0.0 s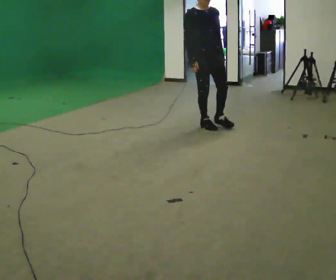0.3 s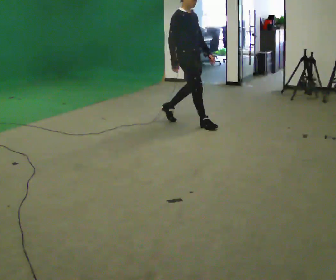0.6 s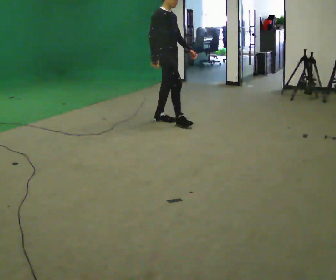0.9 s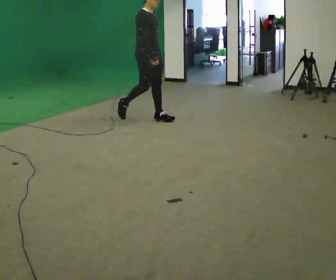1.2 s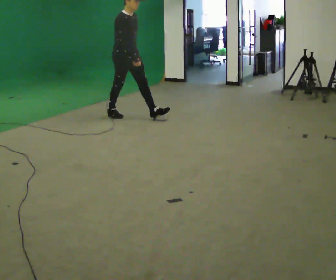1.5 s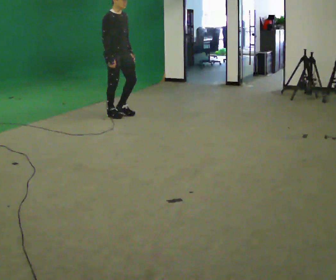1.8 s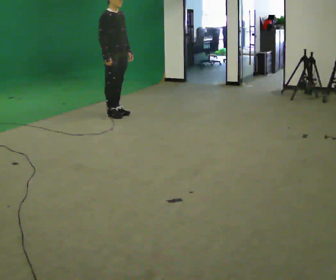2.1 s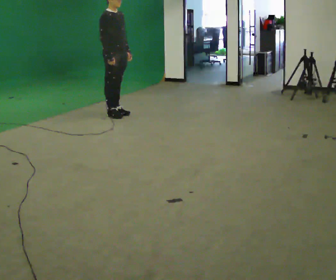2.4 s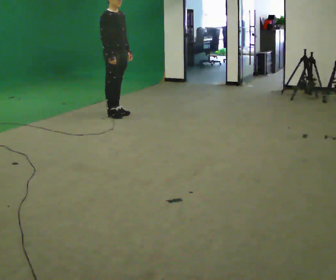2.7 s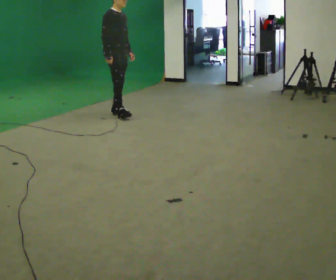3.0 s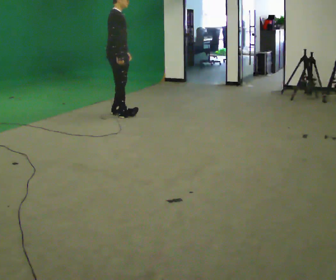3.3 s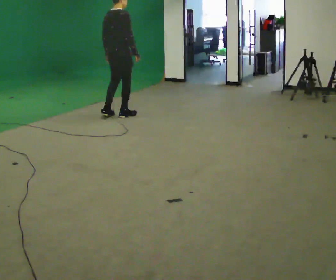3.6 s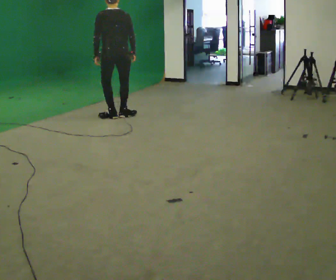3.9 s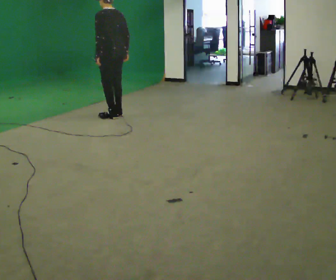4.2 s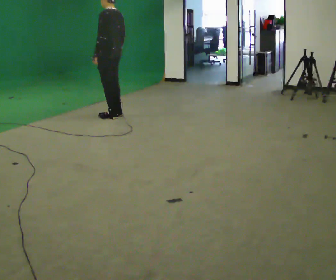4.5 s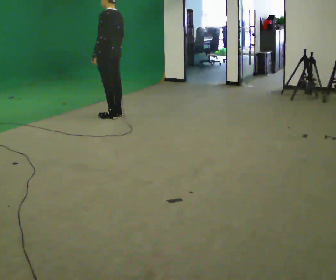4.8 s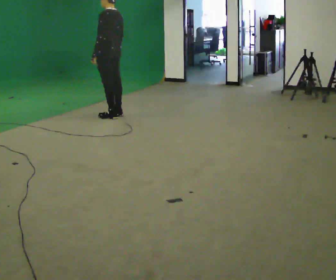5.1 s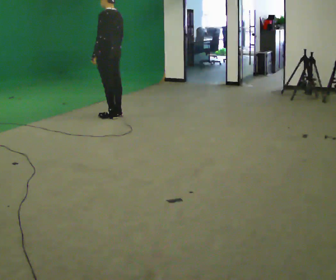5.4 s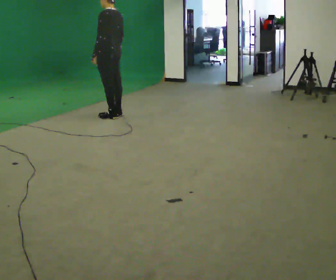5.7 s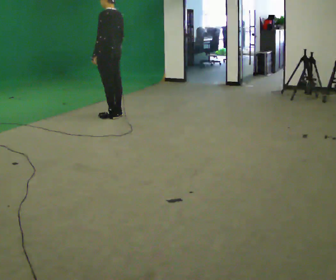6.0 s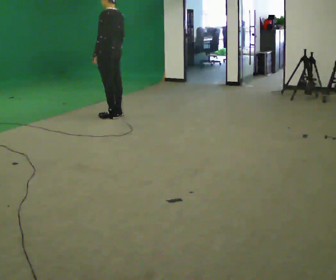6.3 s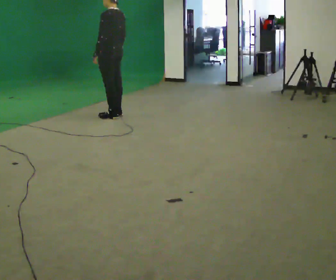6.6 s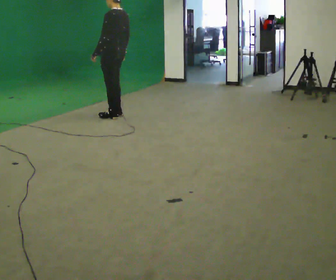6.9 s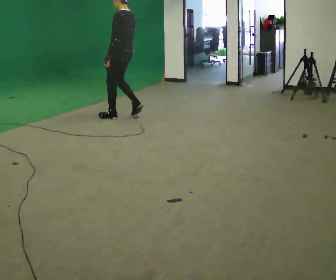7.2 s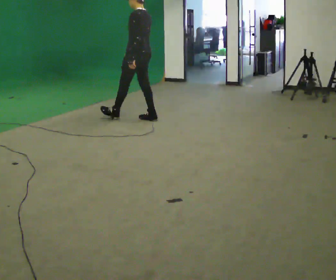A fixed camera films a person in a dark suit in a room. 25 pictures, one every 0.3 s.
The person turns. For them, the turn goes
to their left.
The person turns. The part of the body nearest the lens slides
to the right.
0.0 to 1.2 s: The person turns about 30 degrees to their left, counterclockwise seen from above, so the part of the body nearest the lens slides to the right. In the picture they go to the left and away from the camera, about 1 m in 2 steps, which for them is backward.
1.2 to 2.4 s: In the picture they go away from the camera, about 0.25 m, which for them is backward.
2.4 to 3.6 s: The part of the body nearest the lens slides to the right as the person turns to their left by about 135 degrees. In the picture their left hand goes to the left, the arm swinging clockwise.
3.6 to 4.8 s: The part of the body nearest the lens slides to the right as the person turns to their left by about 45 degrees.
4.8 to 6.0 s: The person keeps their place and pose.
6.0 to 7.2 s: In the picture they go to the right and toward the camera, about 0.5 m in 2 steps, which for them is backward.
The film runs backward here.
